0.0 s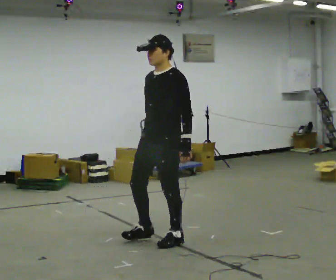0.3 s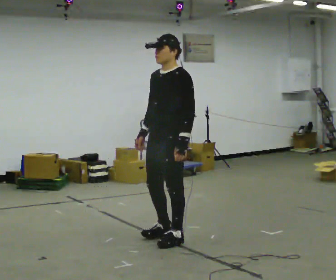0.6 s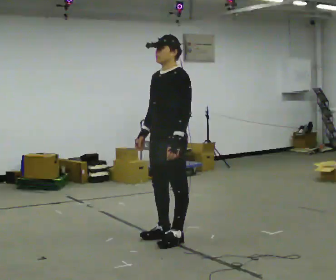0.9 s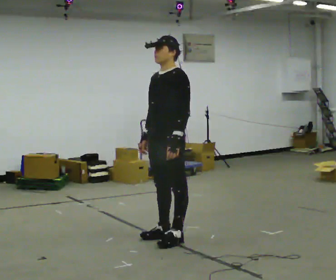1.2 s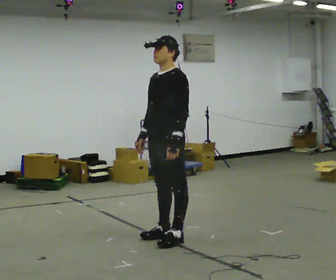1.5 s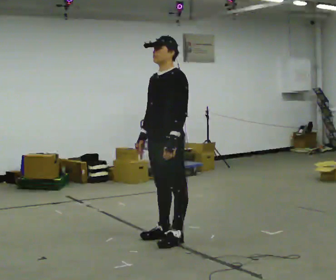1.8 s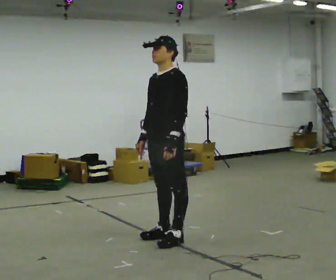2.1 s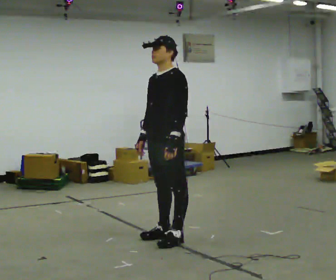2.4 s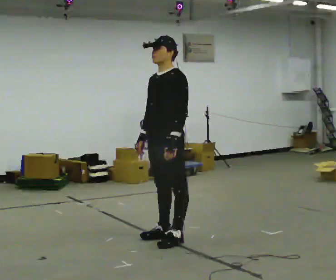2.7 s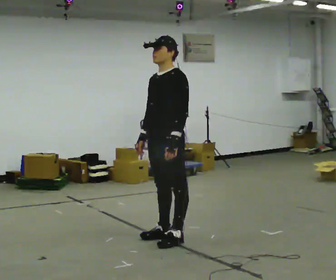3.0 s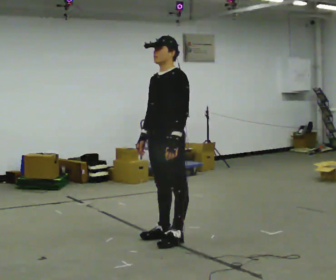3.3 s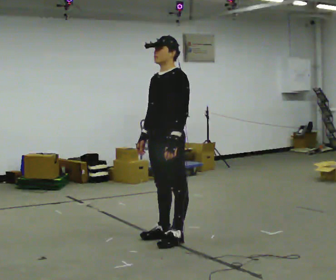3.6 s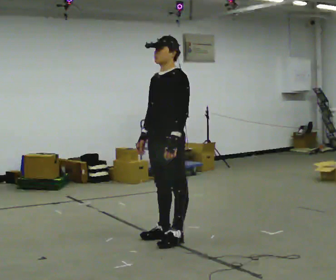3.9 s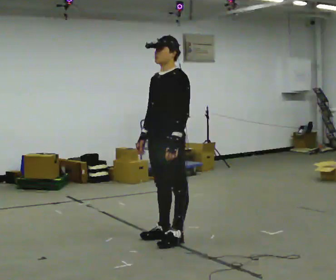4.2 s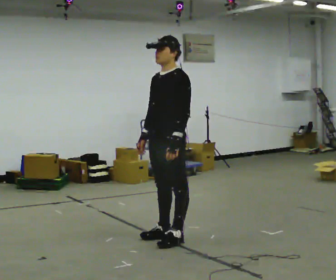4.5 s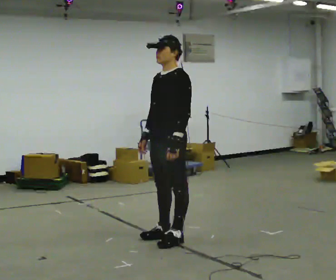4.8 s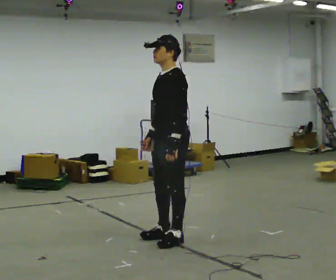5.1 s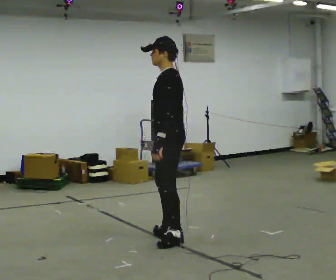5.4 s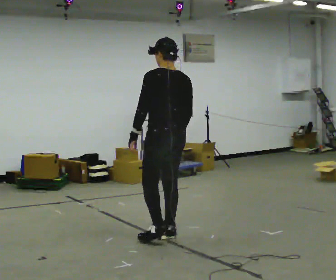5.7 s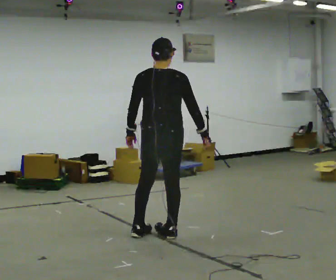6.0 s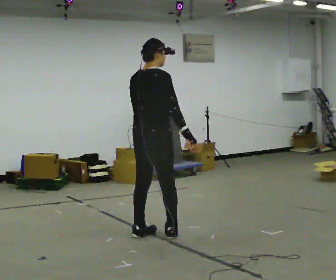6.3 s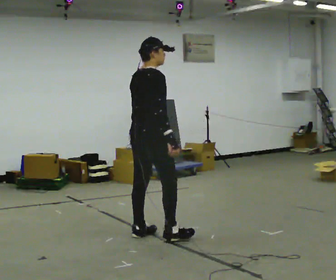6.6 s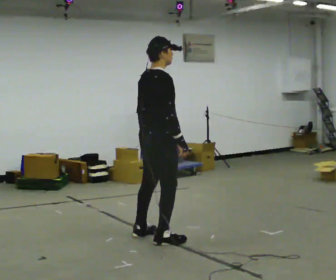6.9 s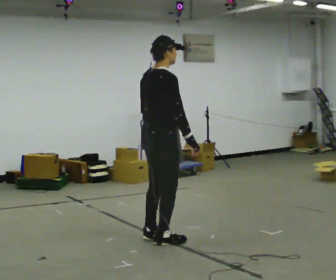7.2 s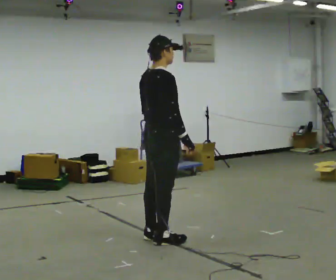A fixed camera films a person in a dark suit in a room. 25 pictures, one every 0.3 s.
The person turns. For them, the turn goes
to their right.
The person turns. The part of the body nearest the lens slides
to the left.
0.0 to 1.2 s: The person moves a little, or ends about where they began.
1.2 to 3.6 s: The person keeps their place and pose.
3.6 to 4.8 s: The person moves a little, or ends about where they began.
4.8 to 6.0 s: The part of the body nearest the lens slides to the left as the person turns to their right by about 150 degrees. In the picture they go to the left, about 0.25 m in 1 step. In the picture their right hand goes to the right, the arm swinging counterclockwise.
6.0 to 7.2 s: The person moves a little, or ends about where they began.
The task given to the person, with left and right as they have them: Stand on the marked spots and rise up onto your toes. Stay up until you start to topple forward, then step to catch yourself. Repeat at your own pace until the operator says stop. Go slowly and only as far as you are comfortable. Step whenever you need to; do not try to hold on longer than feels safe.
The film runs forward here.
